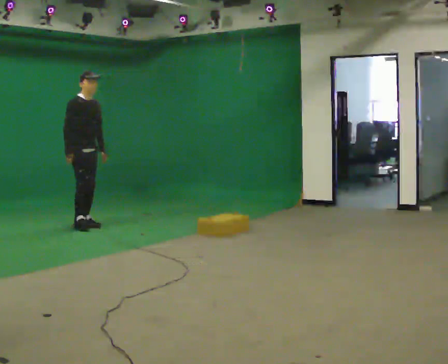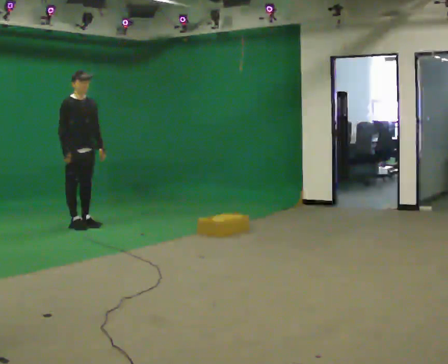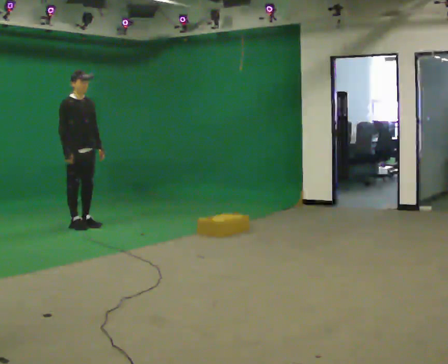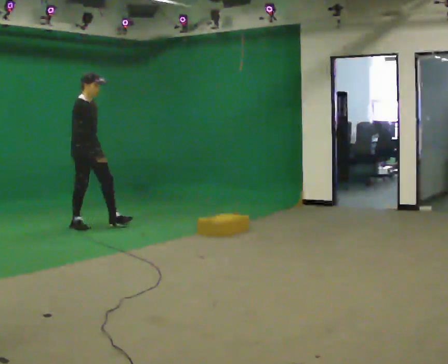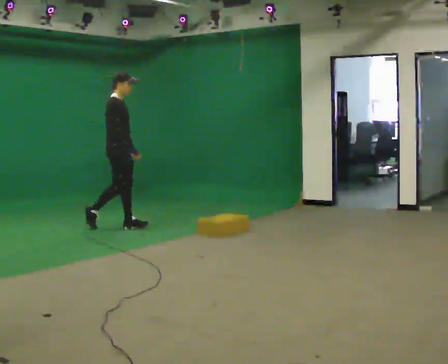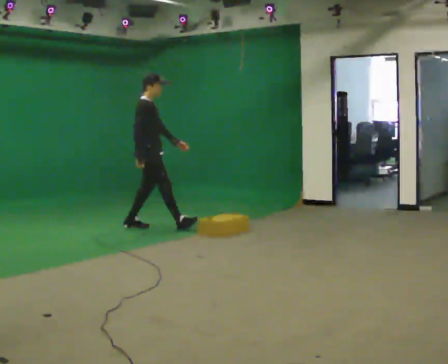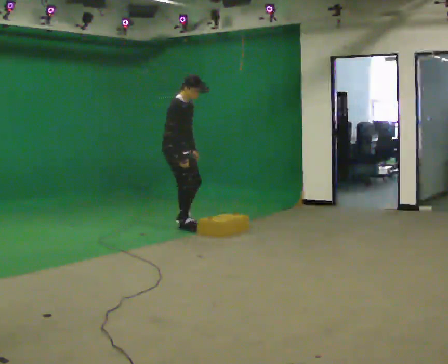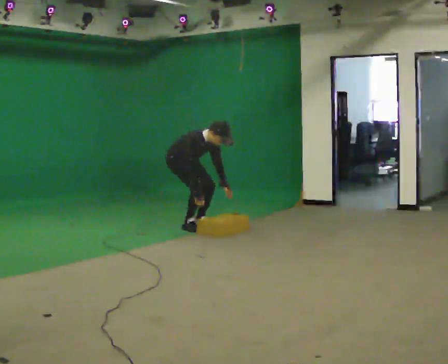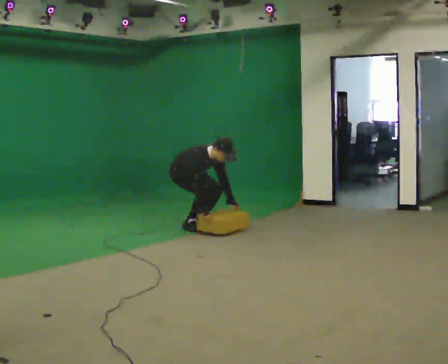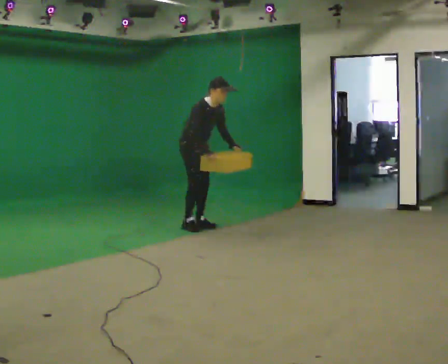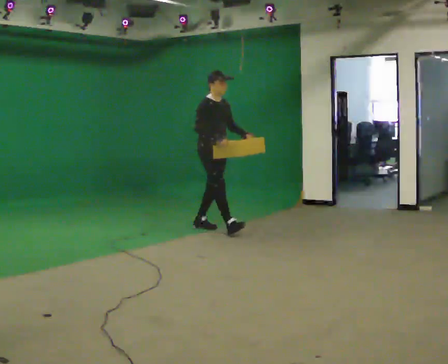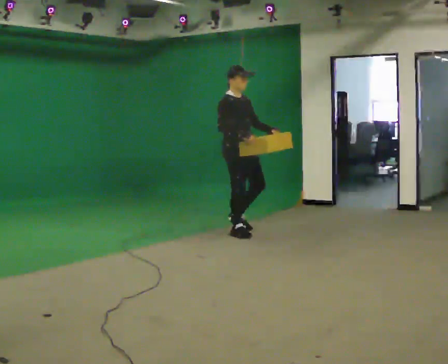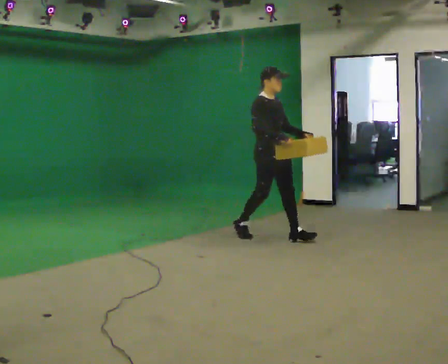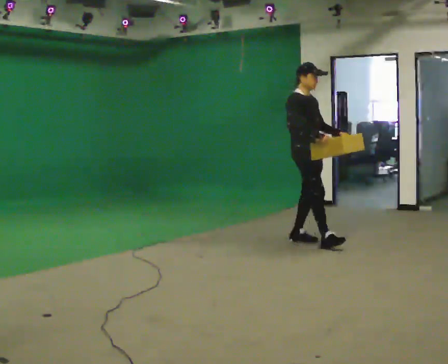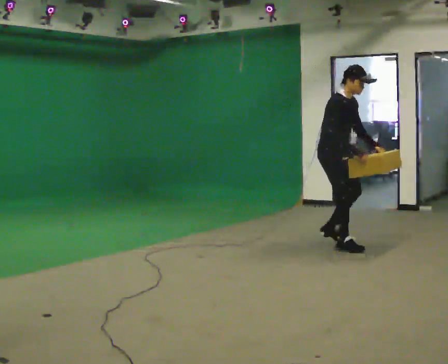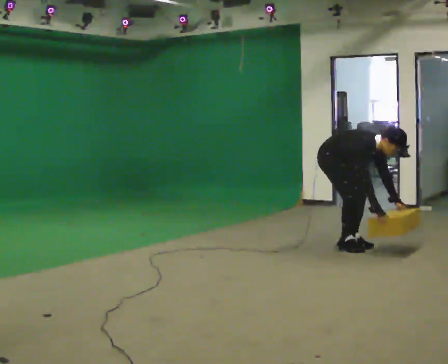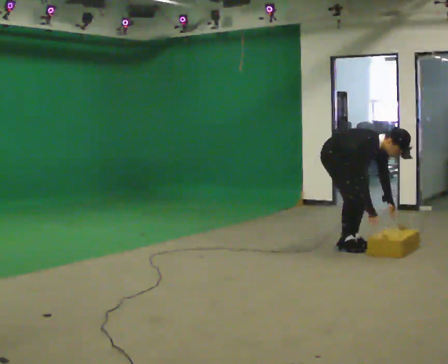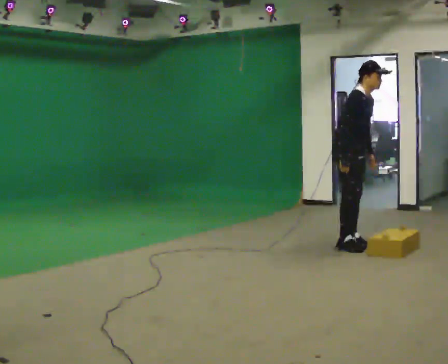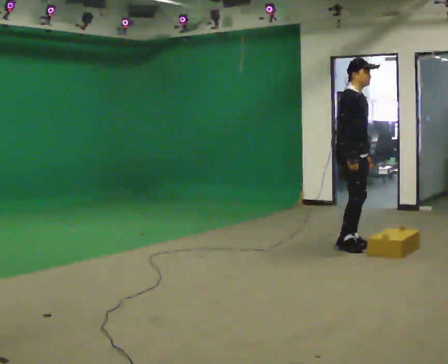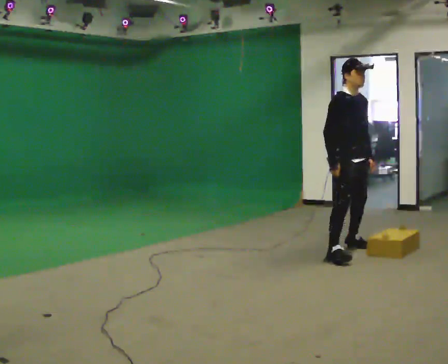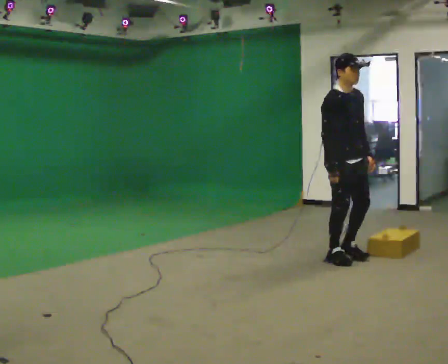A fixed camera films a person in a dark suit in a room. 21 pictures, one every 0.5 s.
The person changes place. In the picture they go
to the right.
0.0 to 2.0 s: The part of the body nearest the lens slides to the right as the person turns to their left by about 30 degrees. In the picture they go to the right, about 0.5 m in 2 steps, which for them is forward and to their left.
2.0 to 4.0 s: Seen from above the body turns clockwise, about 30 degrees: to their right, with its near side sliding to the left. In the picture they go to the right, about 0.5 m in 2 steps, which for them is forward. The upper body goes downward. In the picture the upper body tilts clockwise, shoulders to the right, as they bend forward. In the picture their right hand goes downward.
4.0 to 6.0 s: In the picture they go to the right and toward the camera, about 1 m in 2 steps, which for them is forward. The upper body goes upward. In the picture the upper body tilts counterclockwise, shoulders to the left, as they lean back or straighten. In the picture their right hand goes upward.
6.0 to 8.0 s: In the picture they go to the right and toward the camera, about 0.5 m in 2 steps, which for them is forward. In the picture the upper body tilts clockwise, shoulders to the right, as they bend forward. In the picture their right hand goes downward.
8.0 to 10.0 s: In the picture they go toward the camera, about 0.5 m in 1 step, which for them is to their right. The upper body goes upward. In the picture the upper body tilts counterclockwise, shoulders to the left, as they lean back or straighten. In the picture their left hand goes upward.
The film runs forward here.
